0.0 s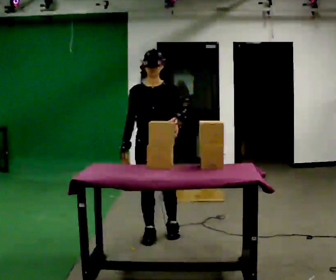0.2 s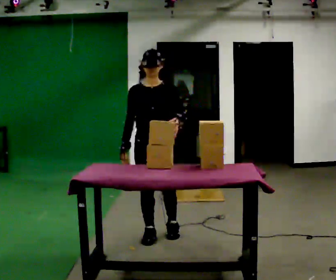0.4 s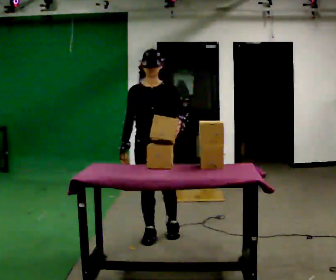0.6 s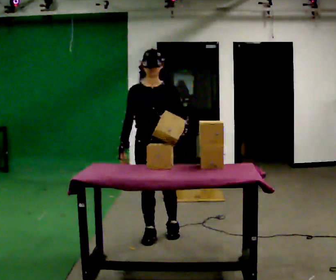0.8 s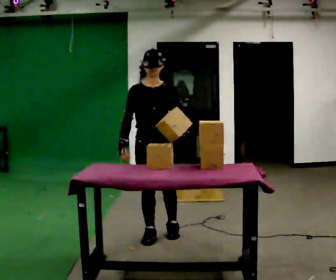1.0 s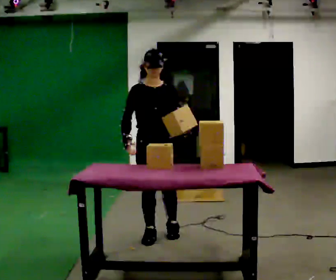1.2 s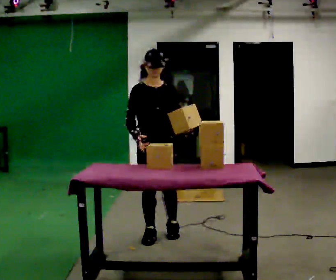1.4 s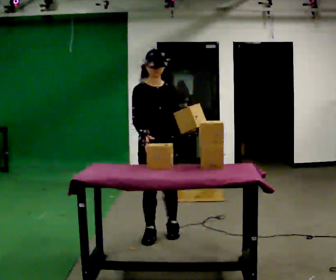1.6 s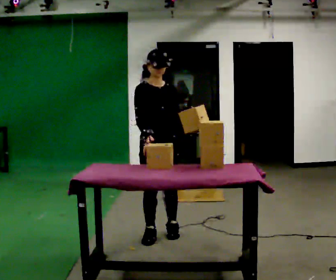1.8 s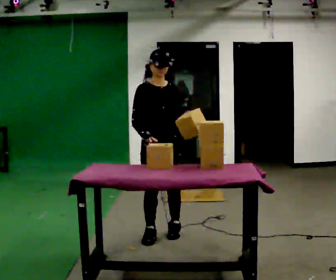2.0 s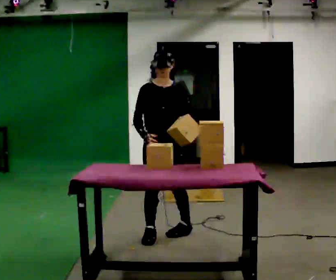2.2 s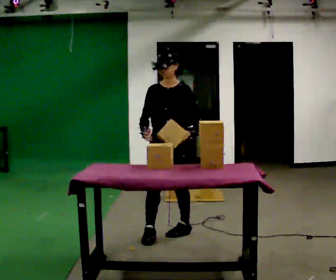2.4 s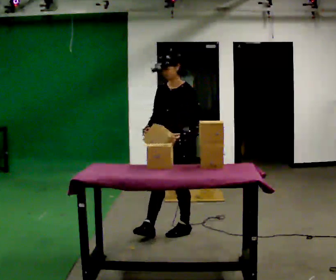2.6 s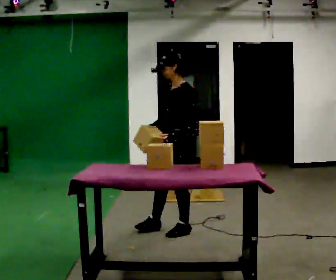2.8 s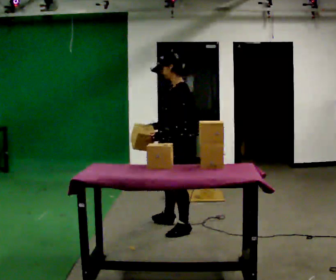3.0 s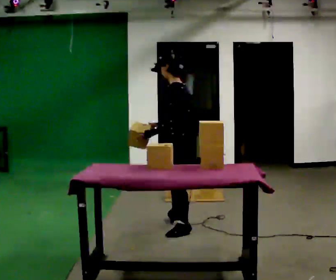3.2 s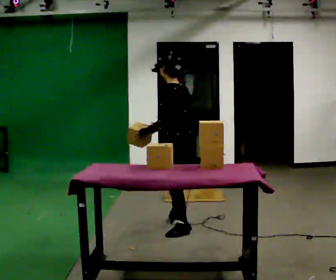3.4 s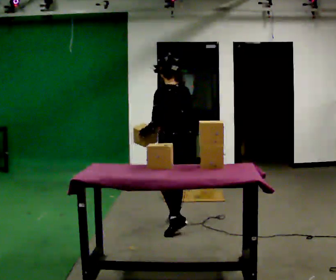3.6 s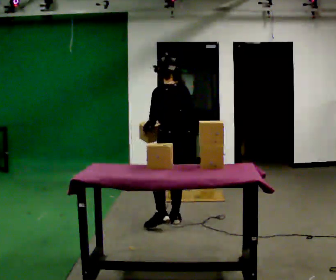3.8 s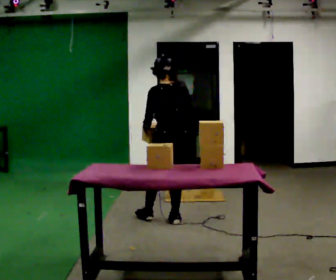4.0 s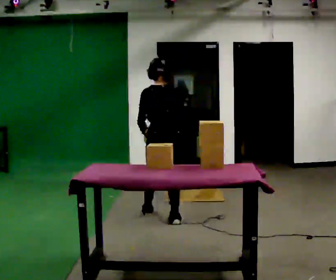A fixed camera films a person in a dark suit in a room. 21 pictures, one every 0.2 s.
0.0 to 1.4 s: The person moves a little, or ends about where they began.
1.4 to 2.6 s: Seen from above the body turns clockwise, about 90 degrees: to their right, with its near side sliding to the left. In the picture they go to the right and away from the camera, about 0.25 m.
2.6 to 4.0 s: Seen from above the body turns clockwise, about 90 degrees: to their right, with its near side sliding to the left. In the picture they go away from the camera and to the left, about 0.5 m in 2 steps.
The film runs forward here.
